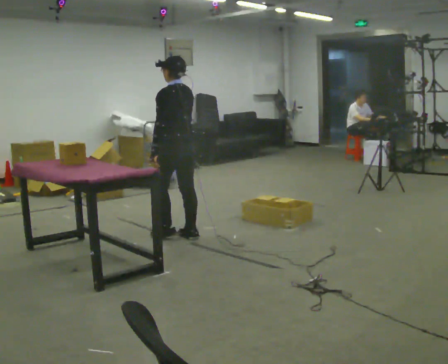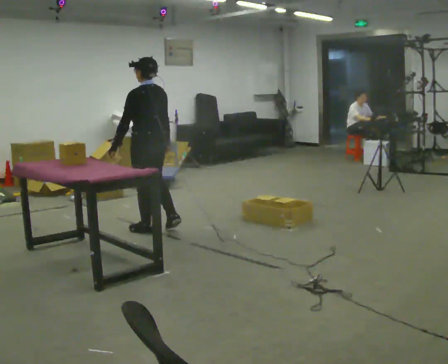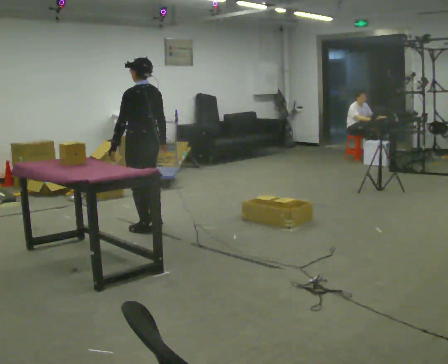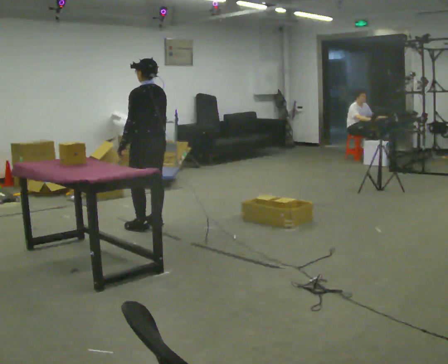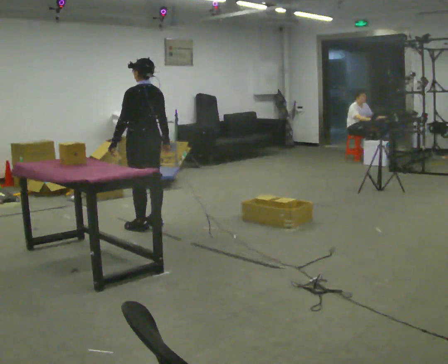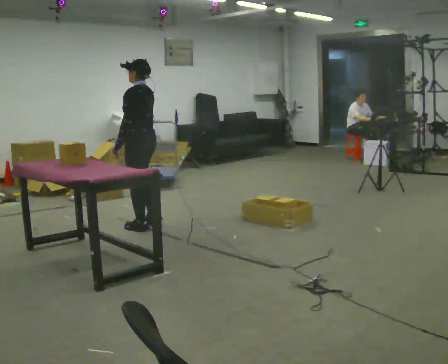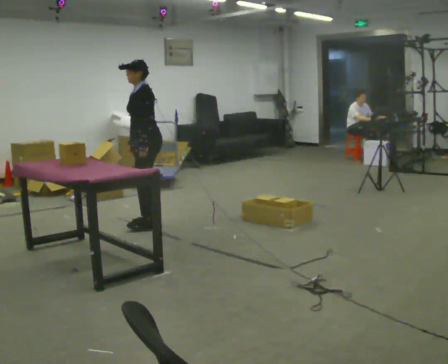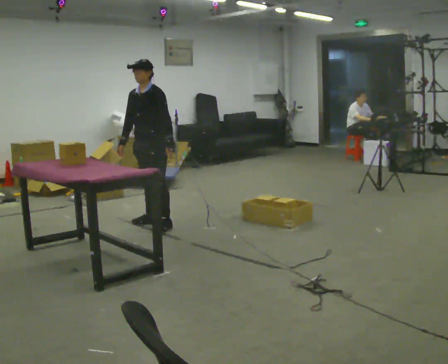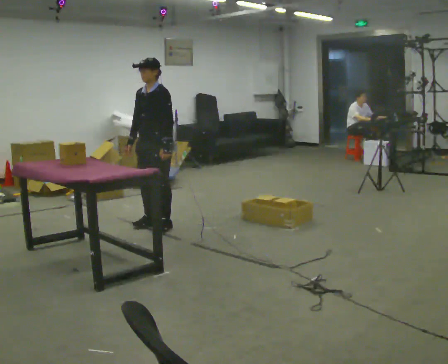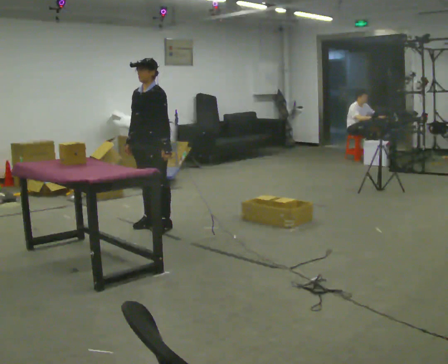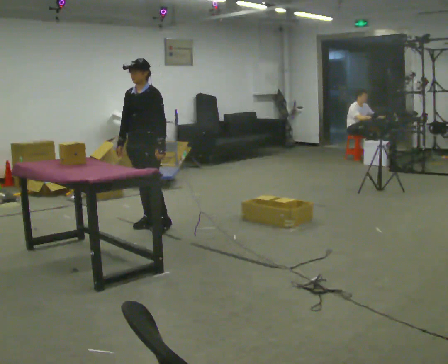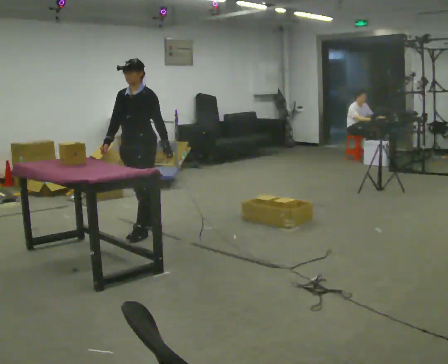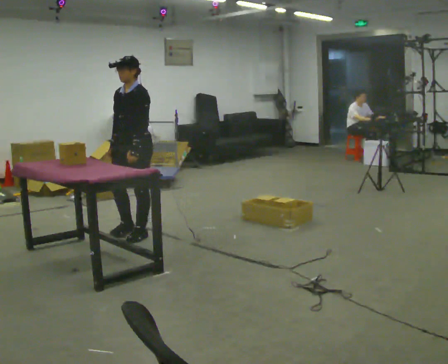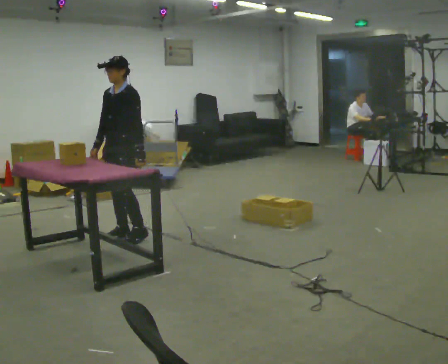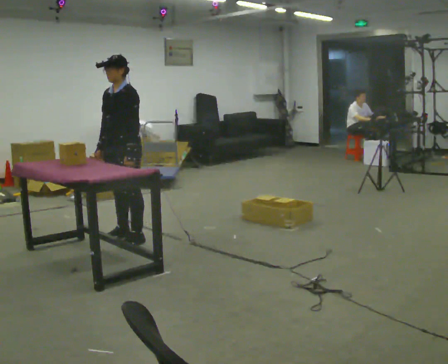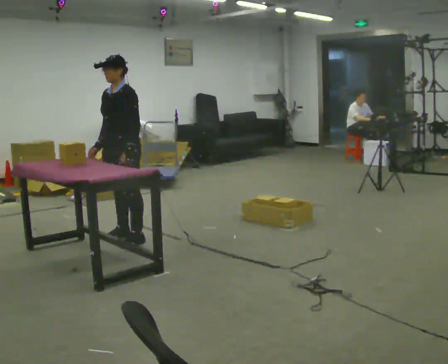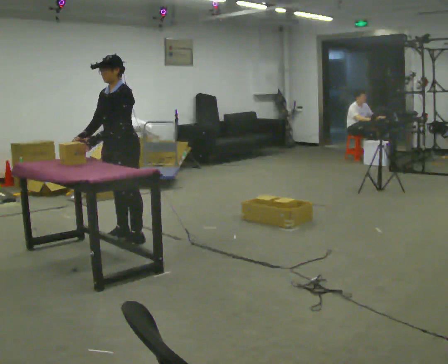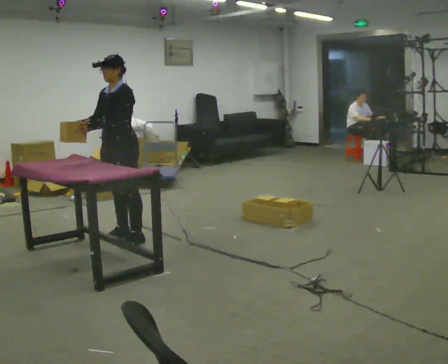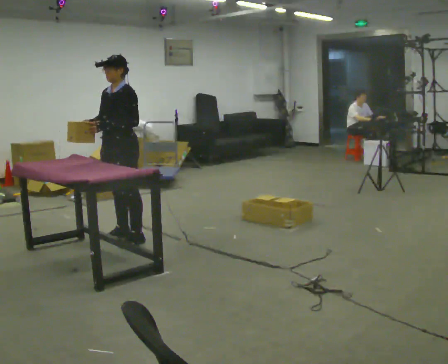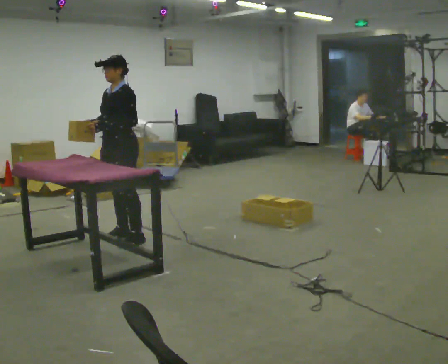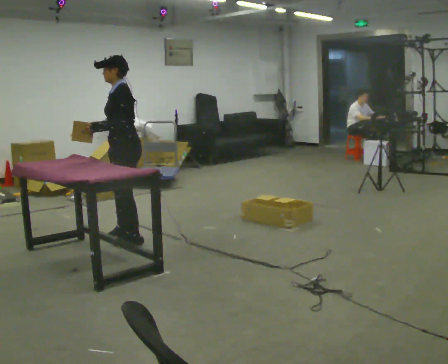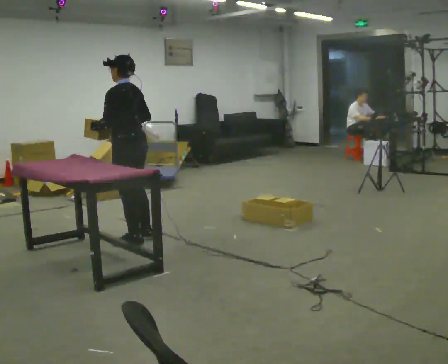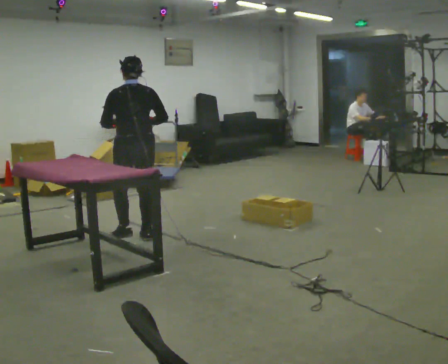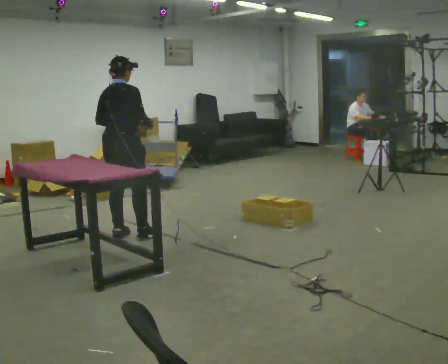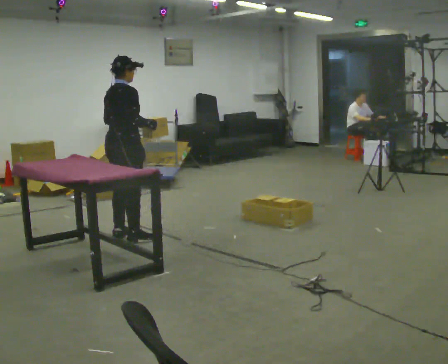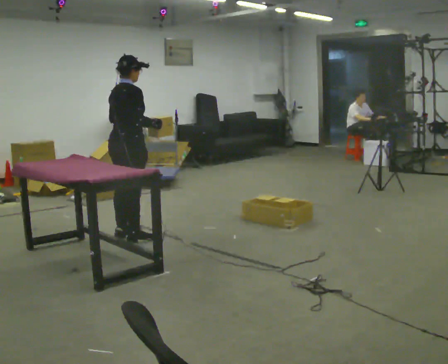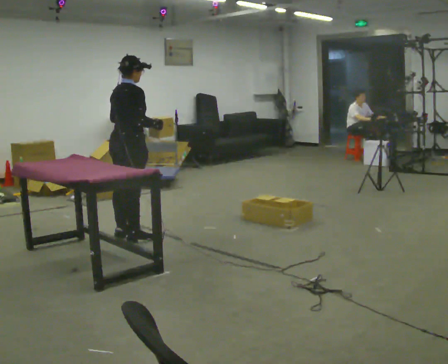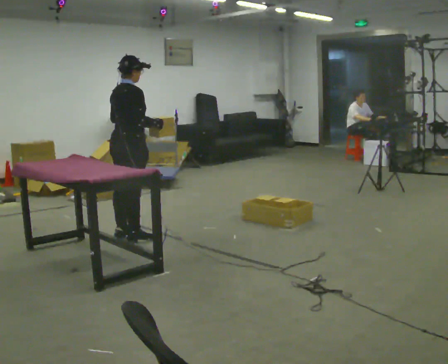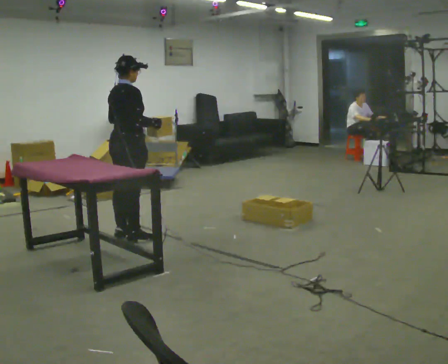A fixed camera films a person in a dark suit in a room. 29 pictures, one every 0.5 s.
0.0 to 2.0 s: In the picture they go away from the camera and to the left, about 0.5 m in 2 steps, which for them is forward.
2.0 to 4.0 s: The person turns about 90 degrees to their left, counterclockwise seen from above, so the part of the body nearest the lens slides to the right. In the picture their right hand goes to the left, the arm swinging clockwise.
4.0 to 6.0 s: In the picture they go to the left and toward the camera, about 0.25 m in 1 step, which for them is forward.
6.0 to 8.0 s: In the picture their right hand goes to the left.
8.0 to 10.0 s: Seen from above the body turns clockwise, about 30 degrees: to their right, with its near side sliding to the left.
10.0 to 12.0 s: The person turns about 150 degrees to their right, clockwise seen from above, so the part of the body nearest the lens slides to the left. In the picture their right hand goes to the right.
12.0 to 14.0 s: The person moves a little, or ends about where they began.
The film runs forward here.
